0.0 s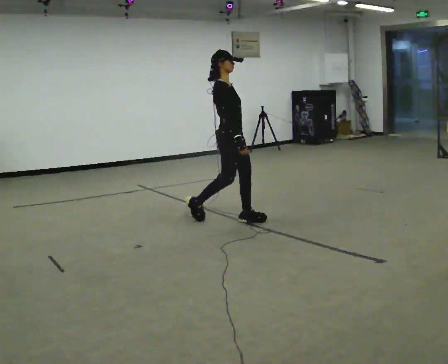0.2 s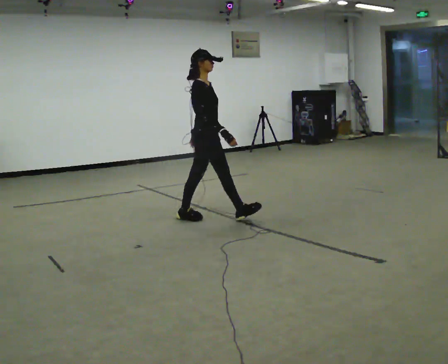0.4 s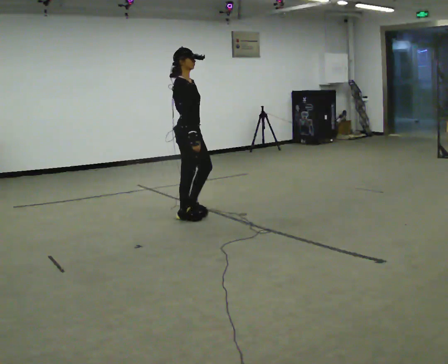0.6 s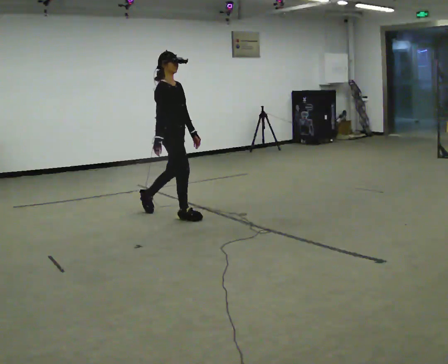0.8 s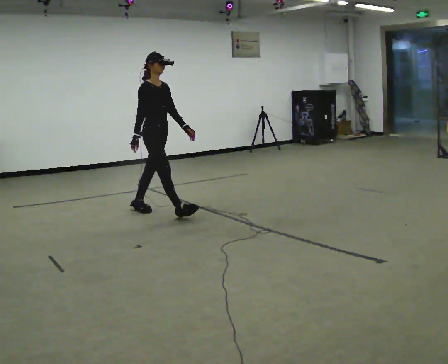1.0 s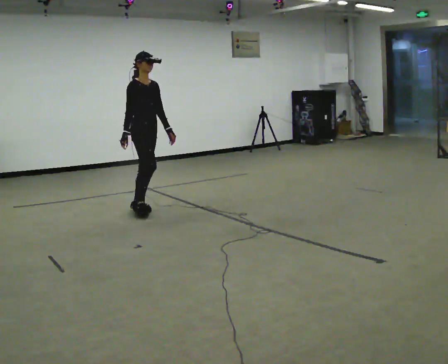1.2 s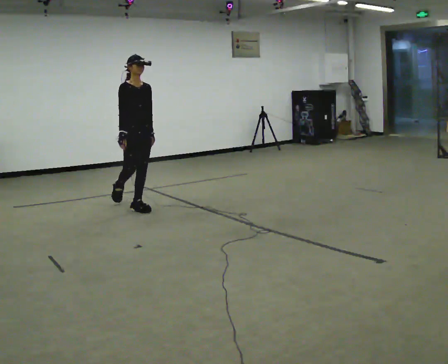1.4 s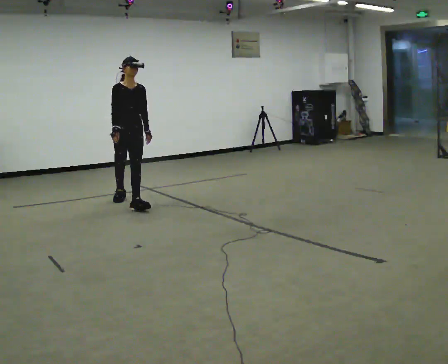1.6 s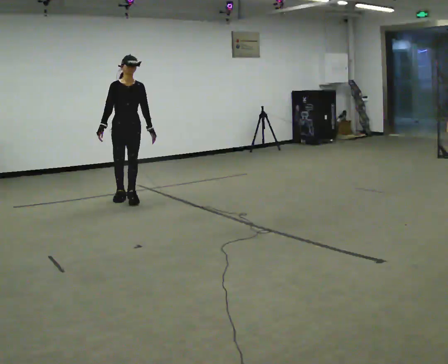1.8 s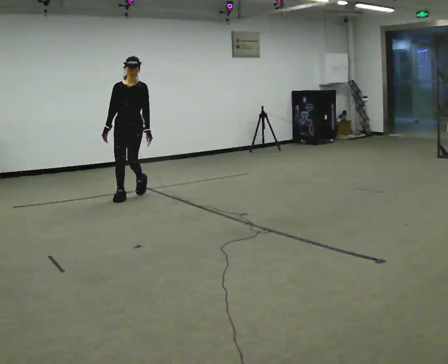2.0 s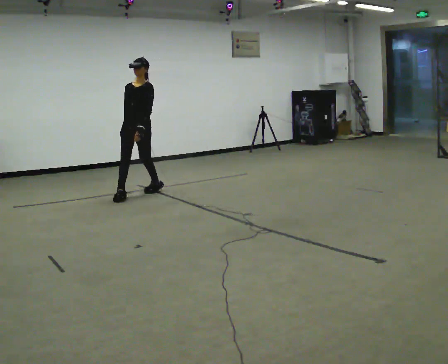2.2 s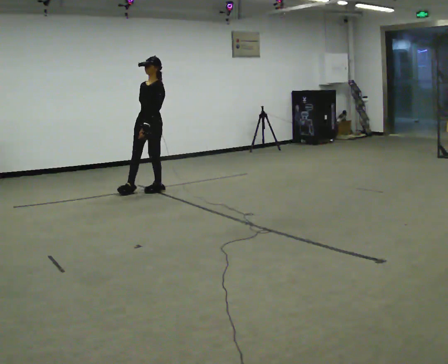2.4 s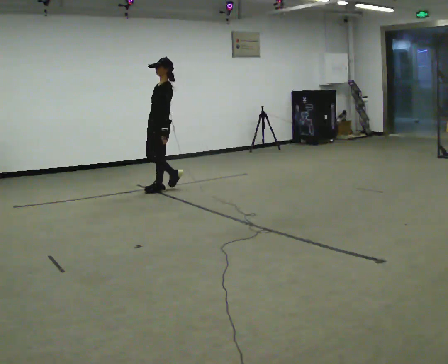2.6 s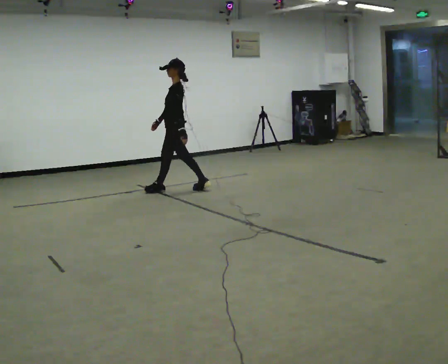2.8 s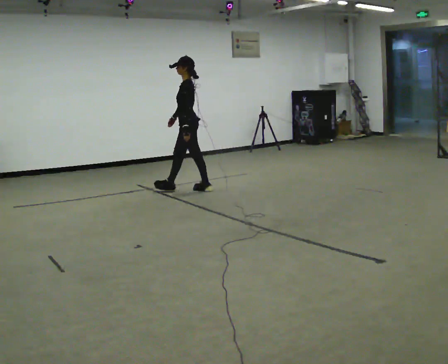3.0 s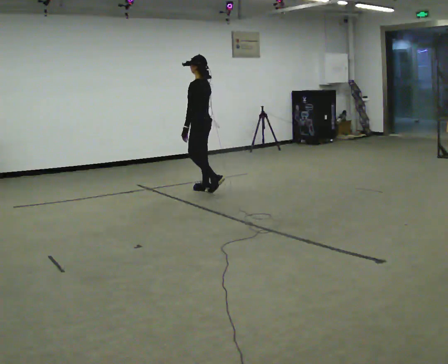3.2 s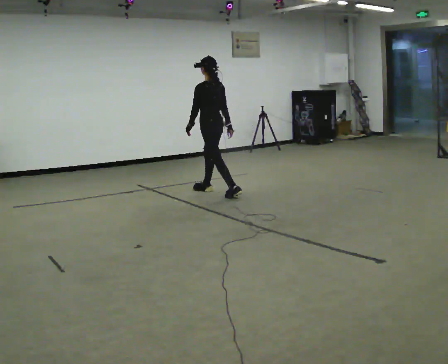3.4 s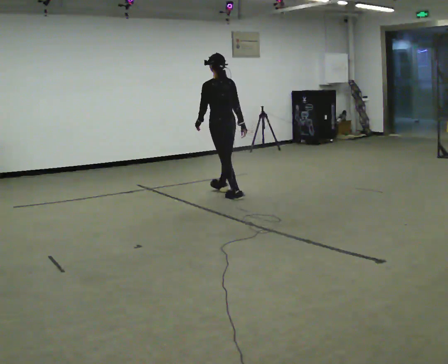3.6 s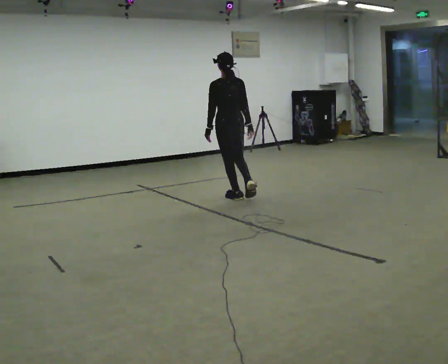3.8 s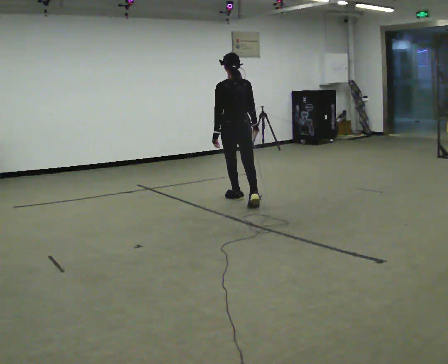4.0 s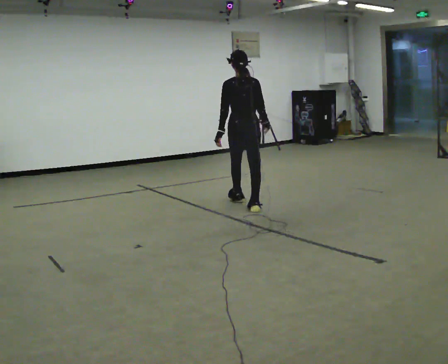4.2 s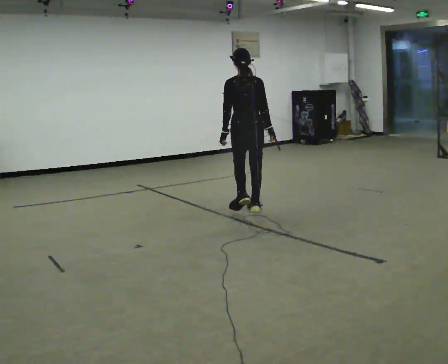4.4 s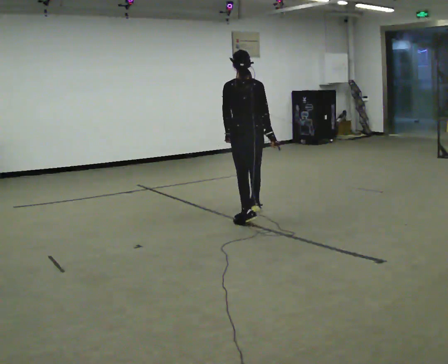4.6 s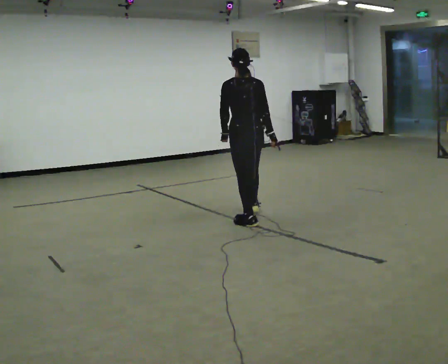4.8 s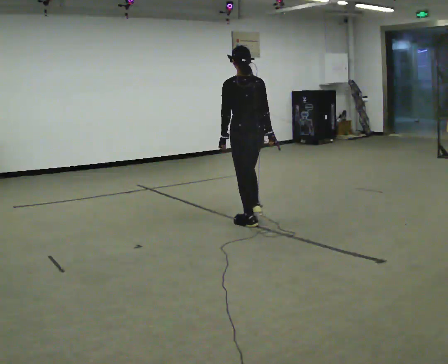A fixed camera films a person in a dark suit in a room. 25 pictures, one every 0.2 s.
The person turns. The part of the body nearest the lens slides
to the left.
The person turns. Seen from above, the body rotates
clockwise.
0.0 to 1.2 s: The person turns about 30 degrees to their right, clockwise seen from above, so the part of the body nearest the lens slides to the left. In the picture they go to the left and away from the camera, about 1 m in 2 steps, which for them is backward.
1.2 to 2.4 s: The part of the body nearest the lens slides to the left as the person turns to their right by about 105 degrees. In the picture they go away from the camera, about 1 m in 2 steps.
2.4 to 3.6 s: The part of the body nearest the lens slides to the left as the person turns to their right by about 90 degrees. In the picture they go to the right and toward the camera, about 1 m in 2 steps.
3.6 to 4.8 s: In the picture they go toward the camera, about 1 m in 2 steps, which for them is backward.
The film runs backward here.
